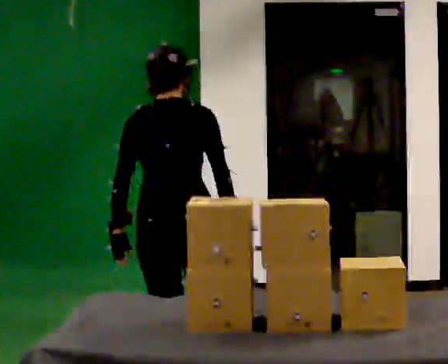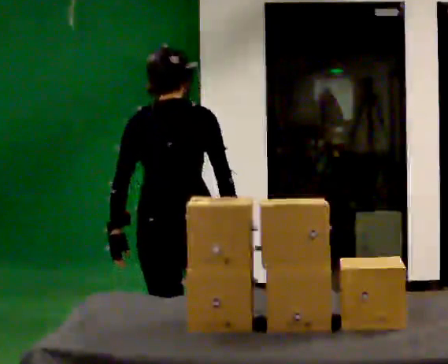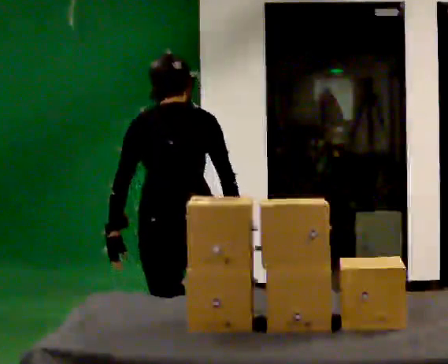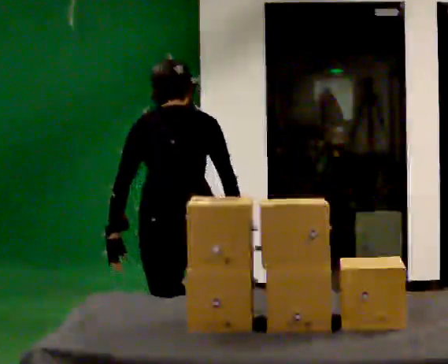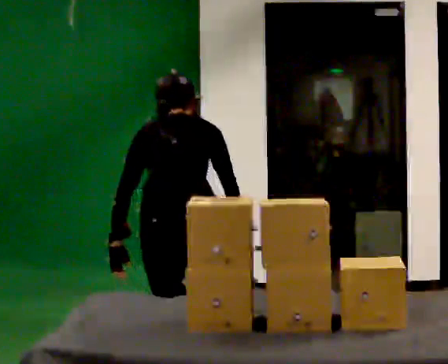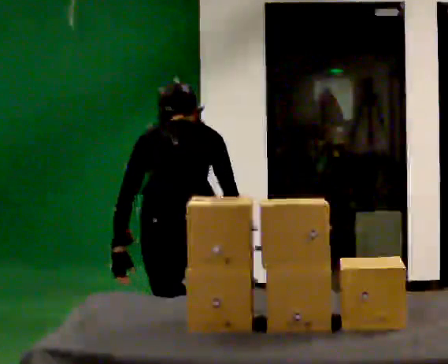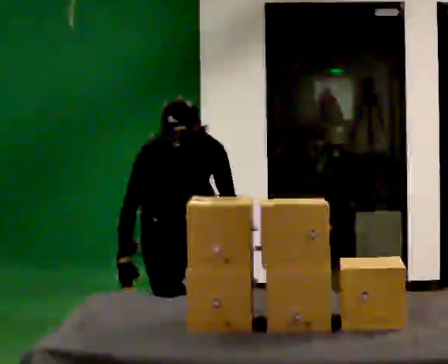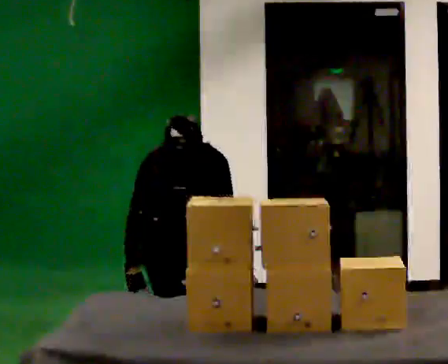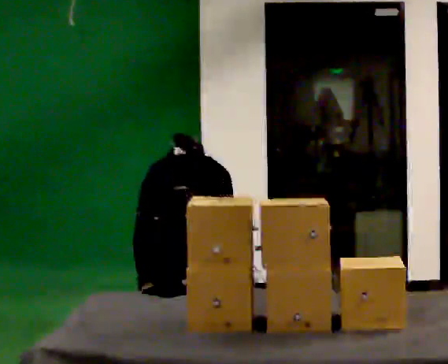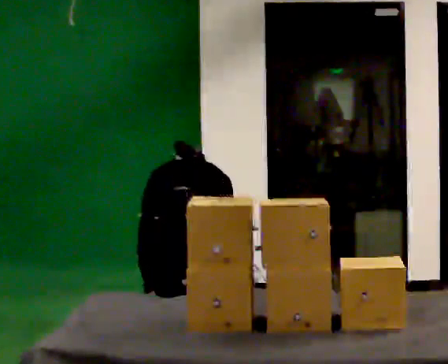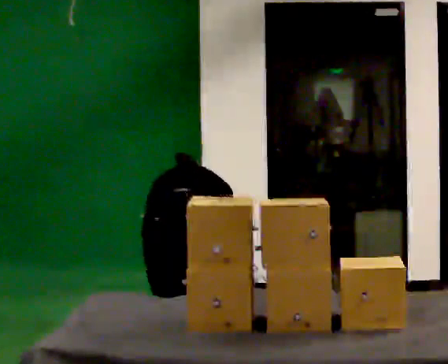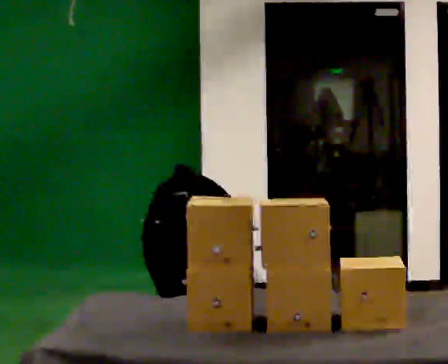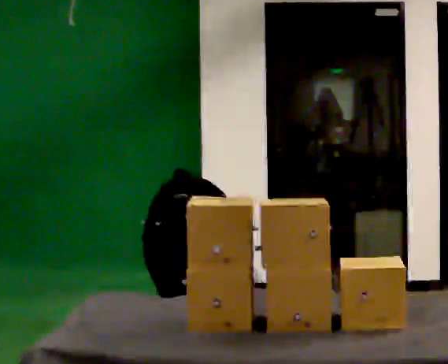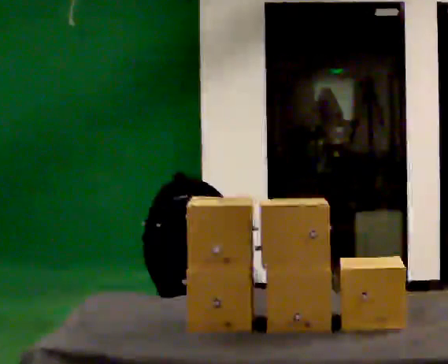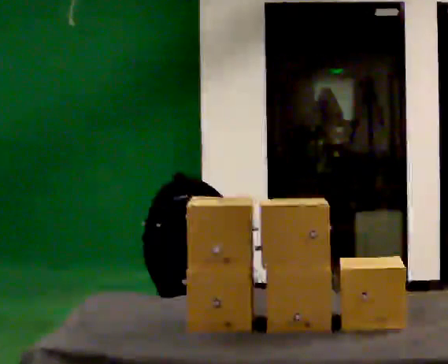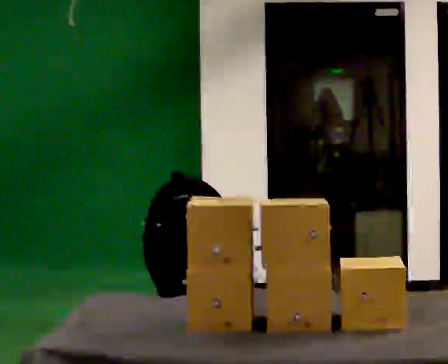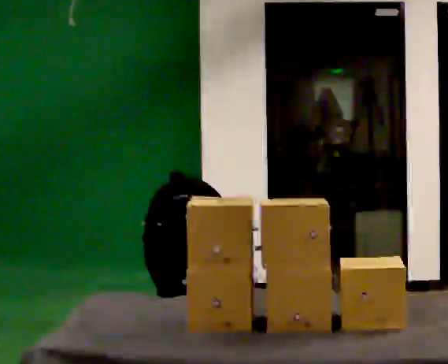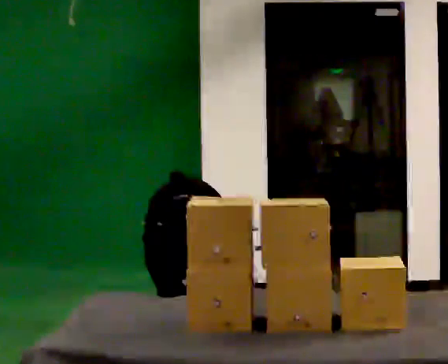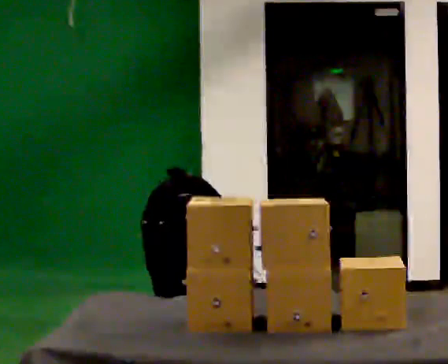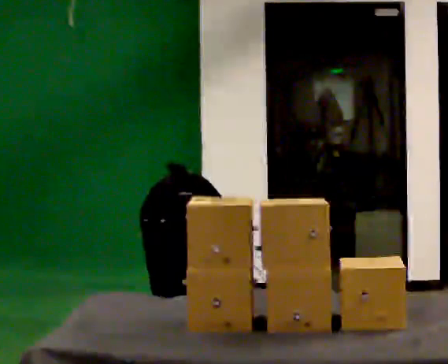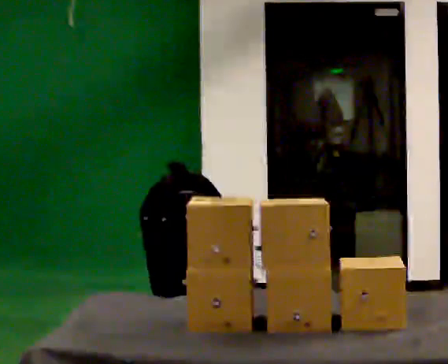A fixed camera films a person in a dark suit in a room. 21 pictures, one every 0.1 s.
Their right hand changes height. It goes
downward.
The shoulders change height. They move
downward.
0.0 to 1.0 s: The upper body goes downward. The upper body tips away from the camera, its near side rolling upward, as they bend forward. In the picture their right hand goes downward.
1.0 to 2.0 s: In the picture the upper body tilts counterclockwise, shoulders to the left.
The film runs backward here.
